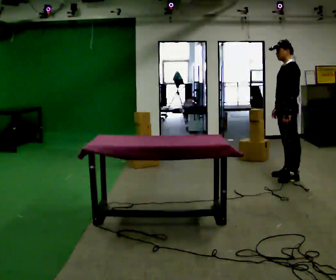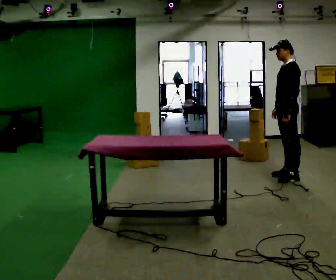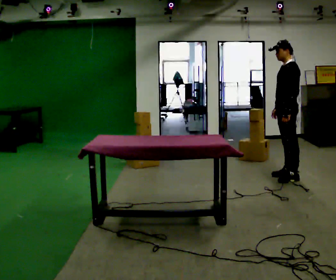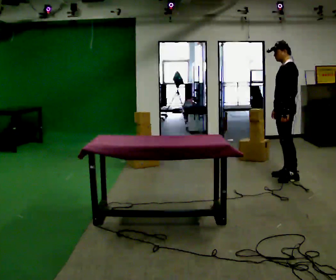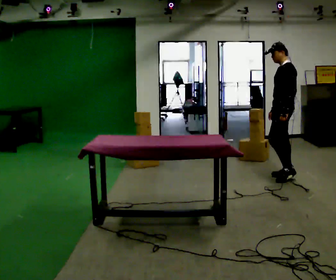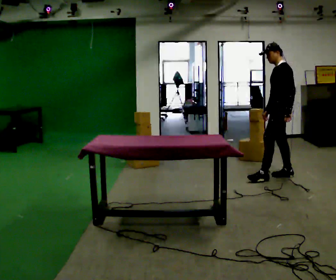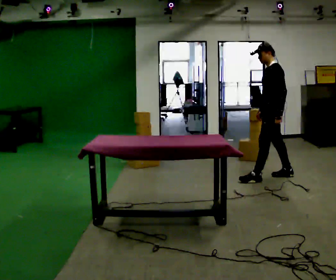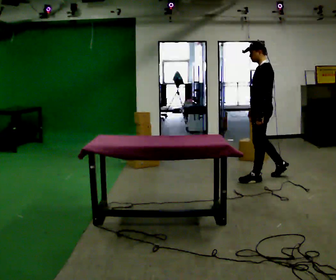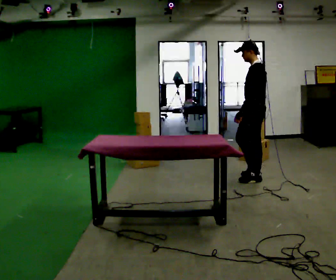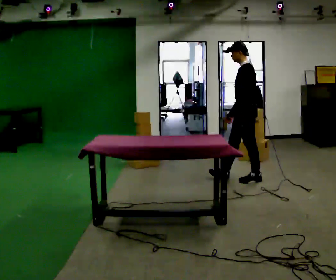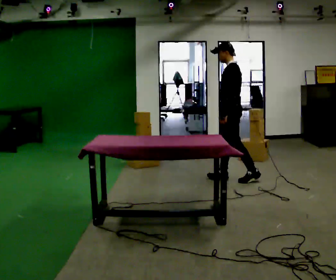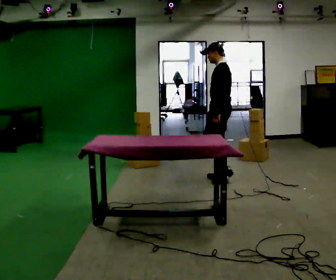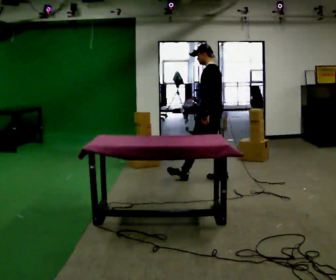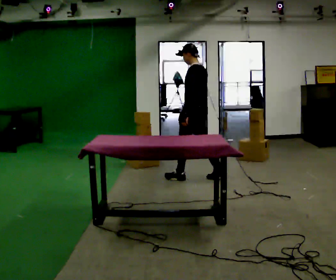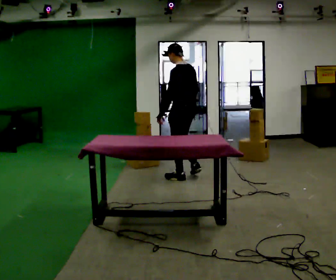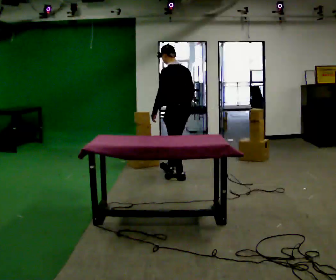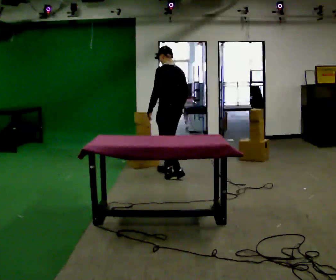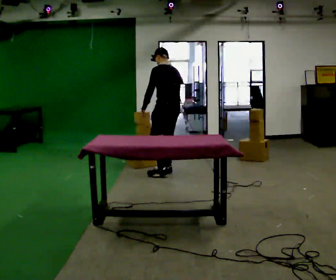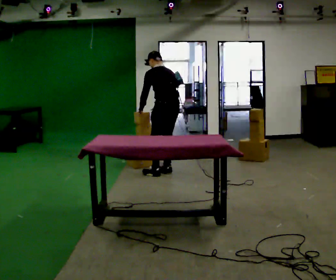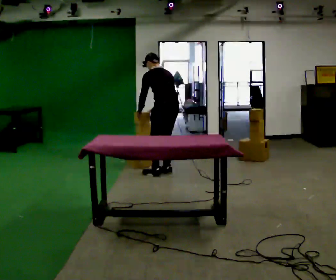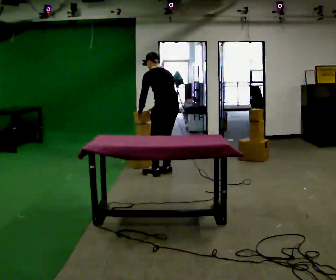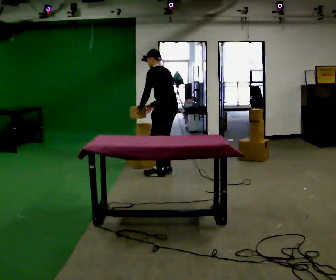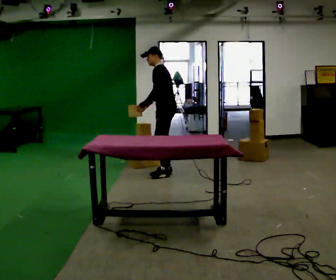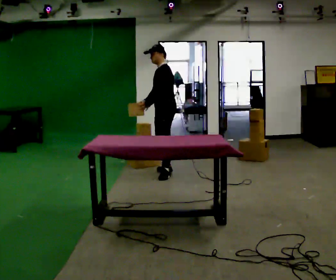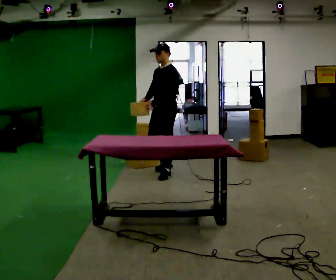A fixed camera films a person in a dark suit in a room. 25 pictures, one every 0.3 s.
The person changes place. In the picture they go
to the left.
0.0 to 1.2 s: The person moves a little, or ends about where they began.
1.2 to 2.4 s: In the picture they go to the left, about 0.5 m in 1 step, which for them is forward.
2.4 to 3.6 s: In the picture they go to the left, about 0.5 m in 1 step, which for them is forward.
3.6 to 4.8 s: In the picture they go to the left, about 0.5 m in 2 steps, which for them is forward.
4.8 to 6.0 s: The upper body tips away from the camera, its near side rolling upward, as they bend forward. In the picture their right hand goes to the left.
6.0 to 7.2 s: Seen from above the body turns counterclockwise, about 75 degrees: to their left, with its near side sliding to the right. In the picture the upper body tilts clockwise, shoulders to the right, as they lean back or straighten. In the picture their left hand goes to the right.
The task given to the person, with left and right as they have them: 1. Look at the shelf and see which spaces are empty. 2. Find matching items in the bins on the floor. 3. Fill the empty spaces on the shelf. 4. Tell the operator when you are finished.
The film runs forward here.
